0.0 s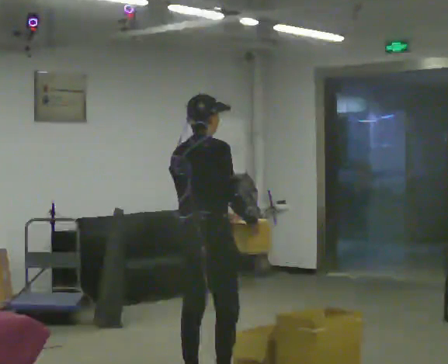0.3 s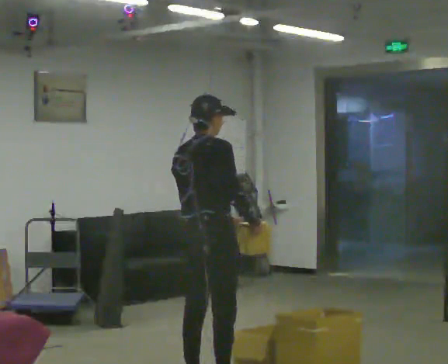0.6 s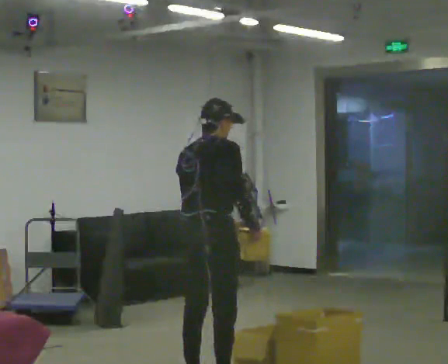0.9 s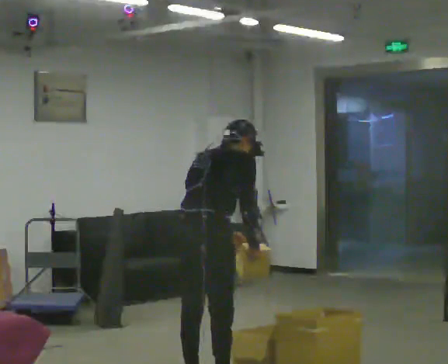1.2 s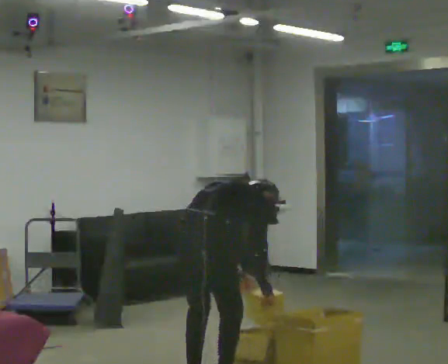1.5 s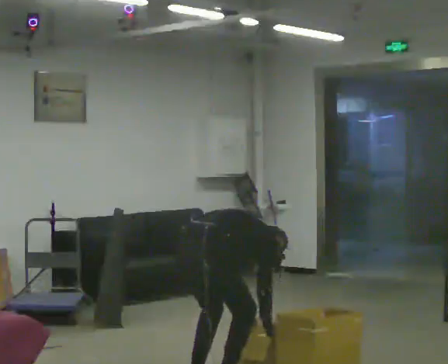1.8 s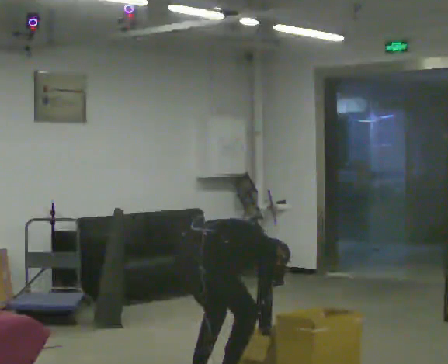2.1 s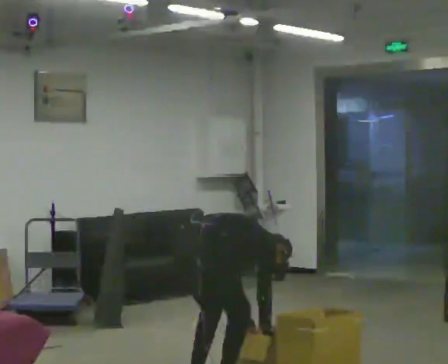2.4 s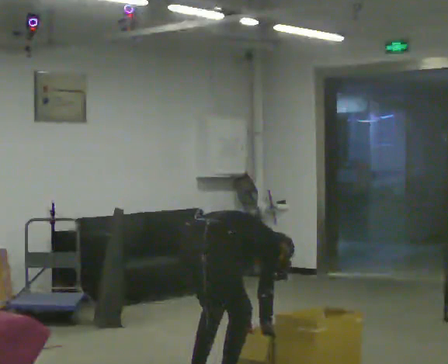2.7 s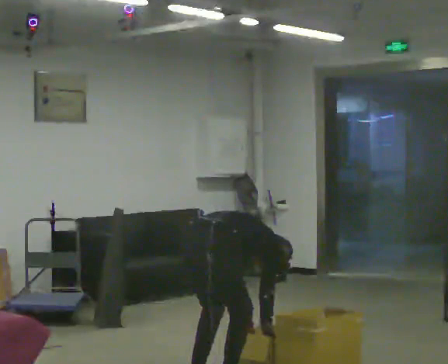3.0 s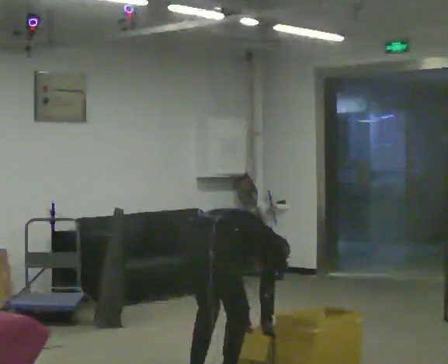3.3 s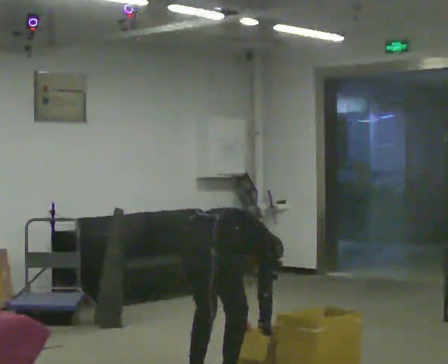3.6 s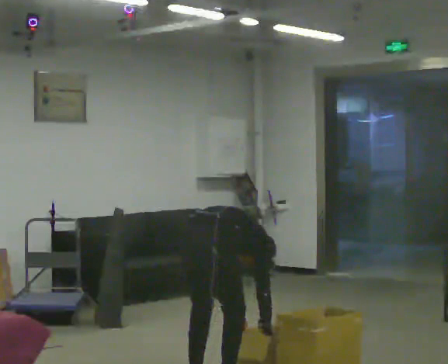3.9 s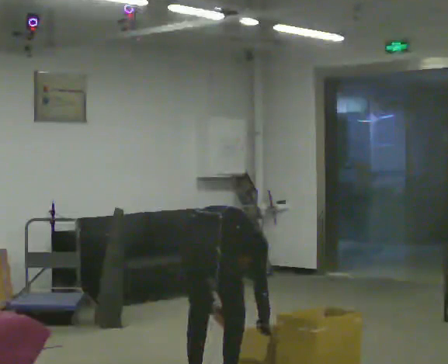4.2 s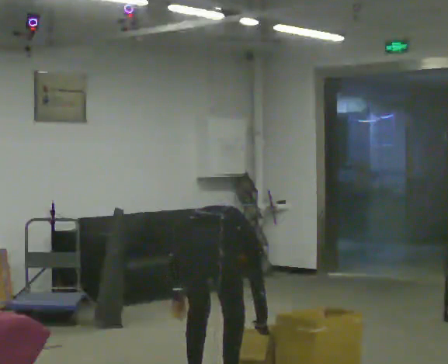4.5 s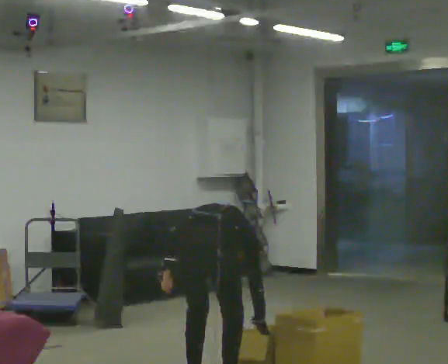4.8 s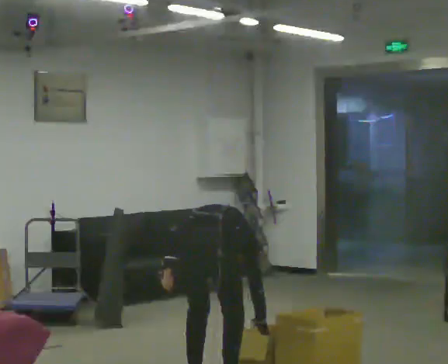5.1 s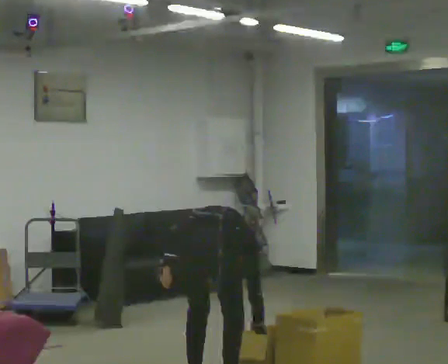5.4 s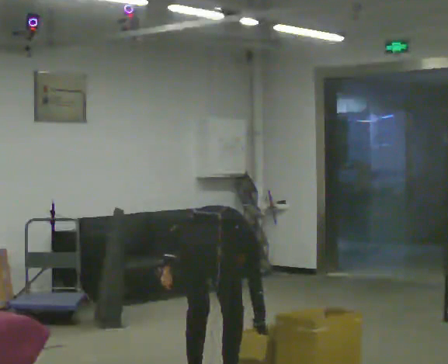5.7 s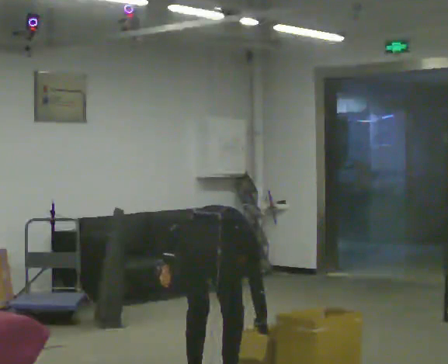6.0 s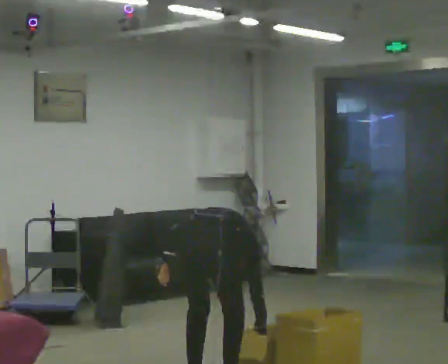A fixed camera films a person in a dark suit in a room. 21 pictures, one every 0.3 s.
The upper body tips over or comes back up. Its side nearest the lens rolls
upward.
Their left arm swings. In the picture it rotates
clockwise.
0.0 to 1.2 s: The shoulders move downward. In the picture the upper body tilts clockwise, shoulders to the right, as they bend forward. In the picture their right hand goes downward.
1.2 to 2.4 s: The upper body goes downward. In the picture the upper body tilts clockwise, shoulders to the right, as they bend forward. In the picture their left hand goes downward.
2.4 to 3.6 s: The person moves a little, or ends about where they began.
3.6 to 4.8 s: In the picture their left hand goes to the left and upward, the arm swinging clockwise.
4.8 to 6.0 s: The person moves a little, or ends about where they began.
The film runs backward here.
